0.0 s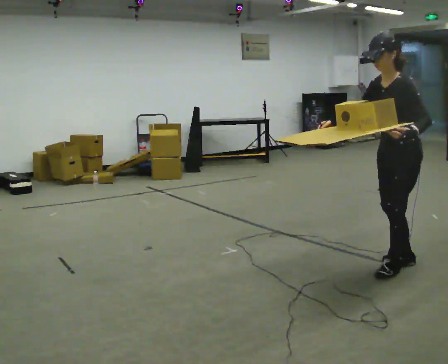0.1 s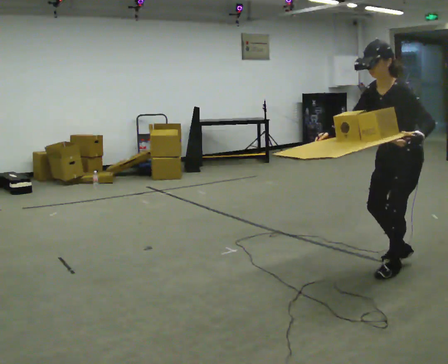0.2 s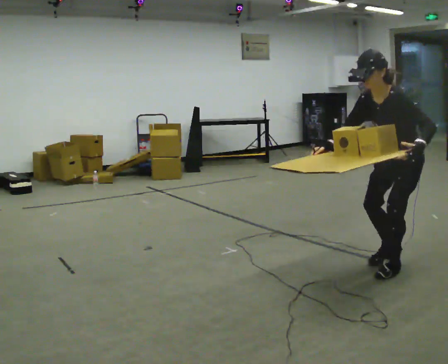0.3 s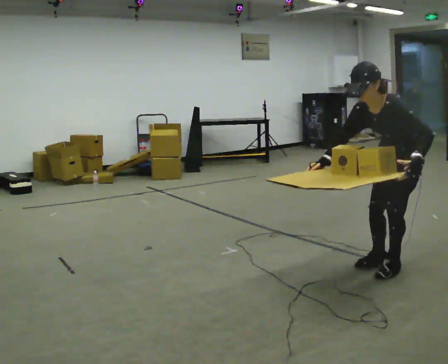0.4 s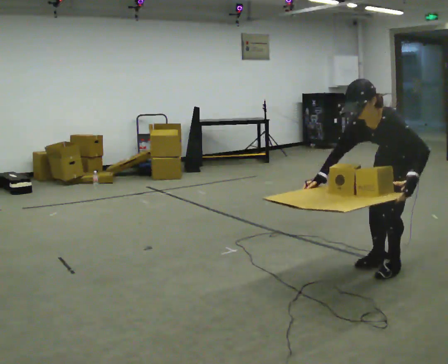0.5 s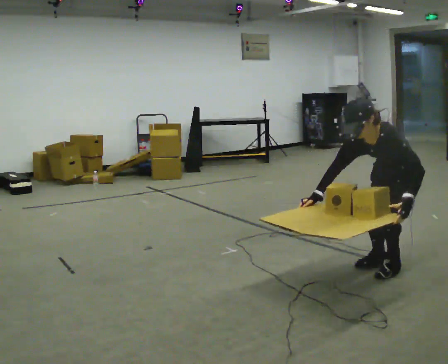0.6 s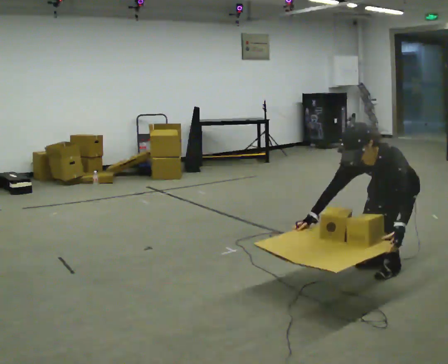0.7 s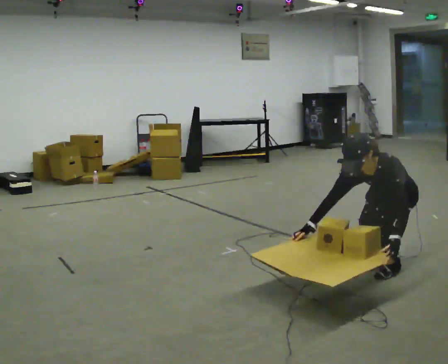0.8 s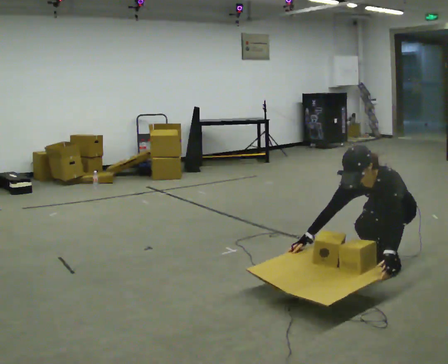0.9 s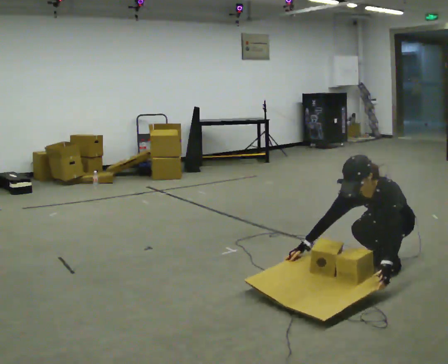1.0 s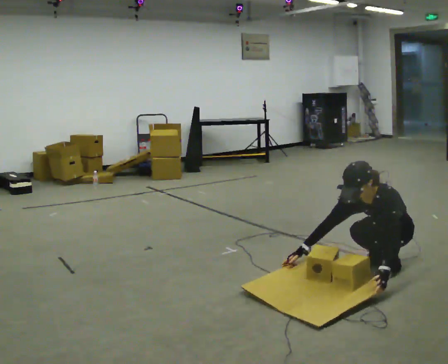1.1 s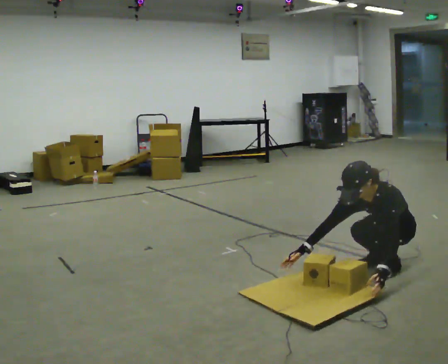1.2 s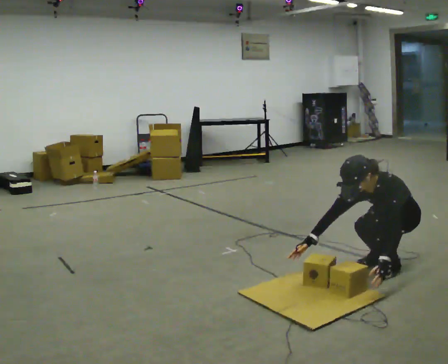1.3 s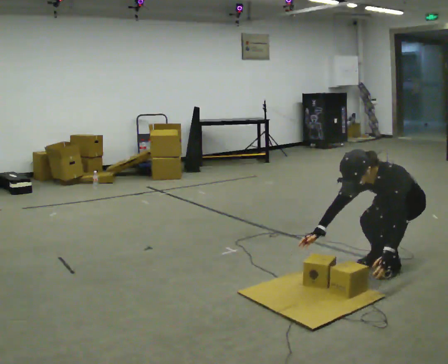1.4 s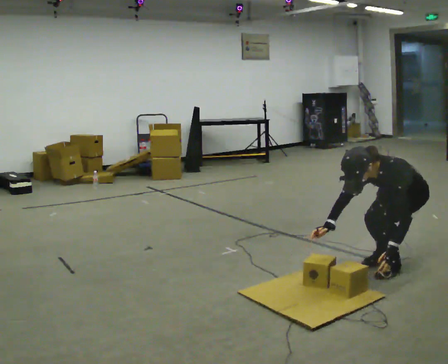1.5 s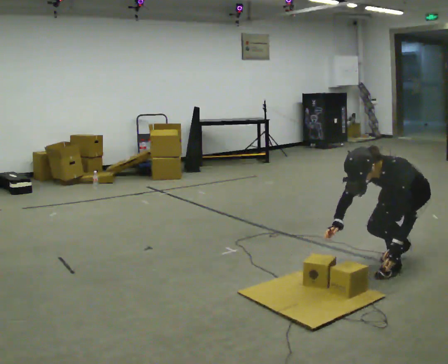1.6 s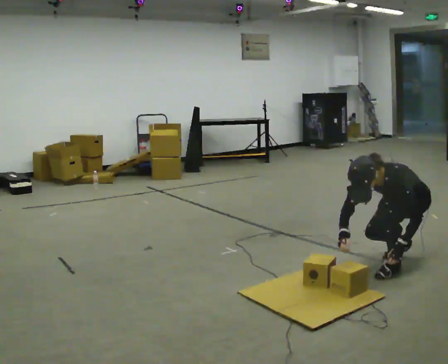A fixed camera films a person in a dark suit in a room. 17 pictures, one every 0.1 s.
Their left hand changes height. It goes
downward.
0.0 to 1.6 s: In the picture they go away from the camera, about 0.25 m in 2 steps, which for them is backward. In the picture their left hand goes downward.
The film runs forward here.
